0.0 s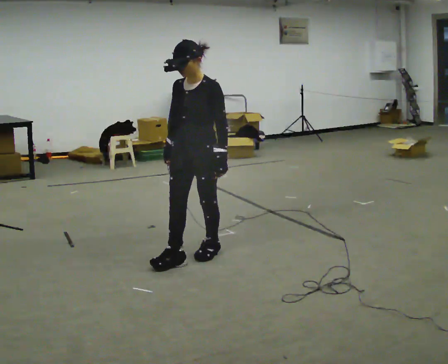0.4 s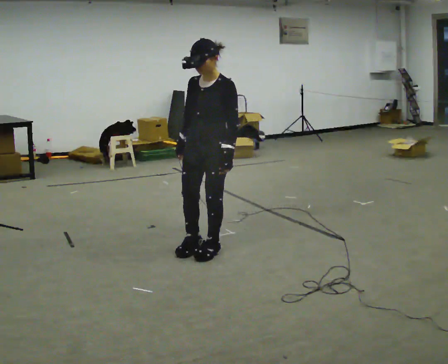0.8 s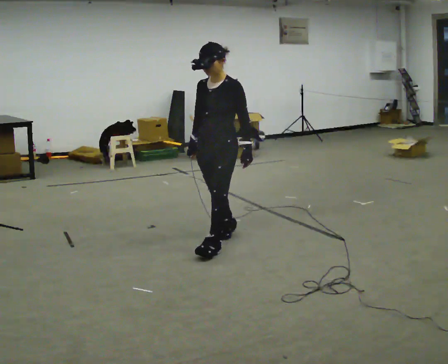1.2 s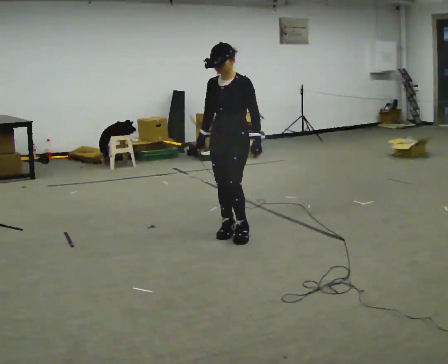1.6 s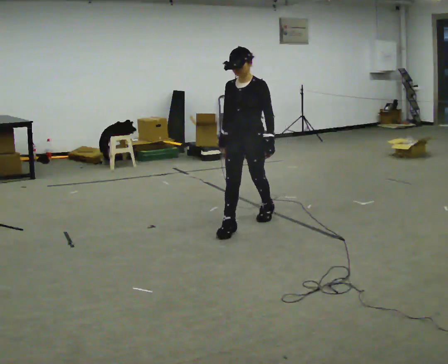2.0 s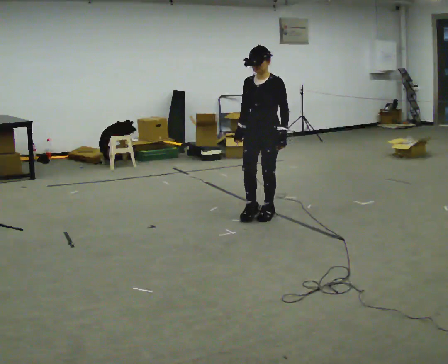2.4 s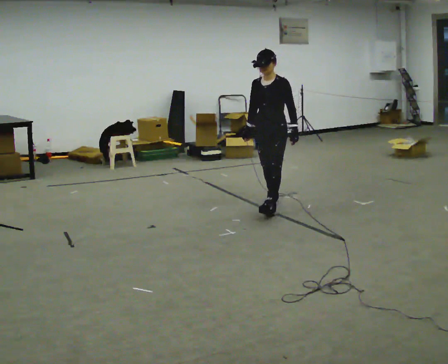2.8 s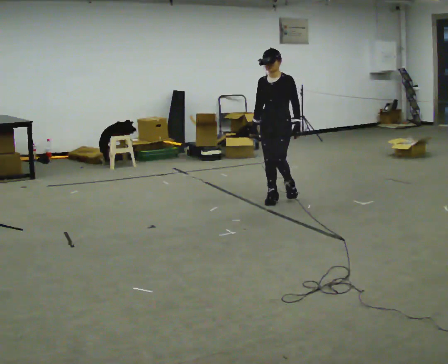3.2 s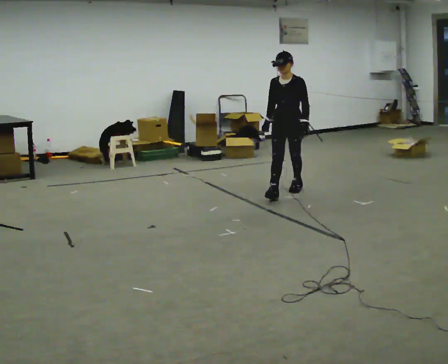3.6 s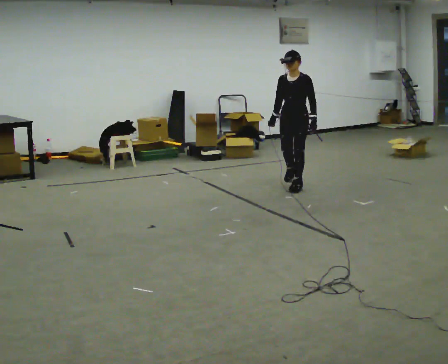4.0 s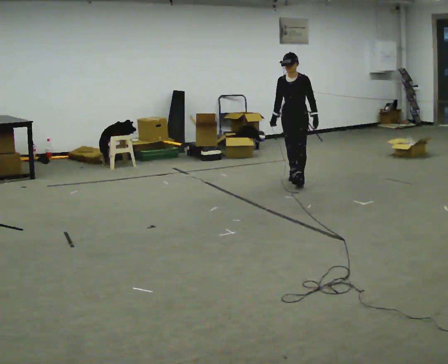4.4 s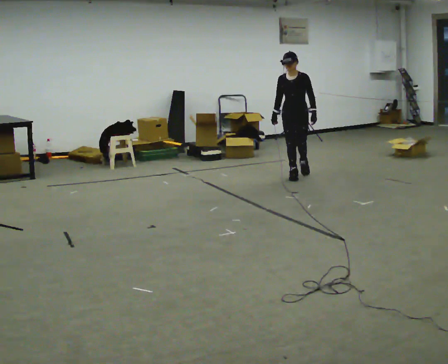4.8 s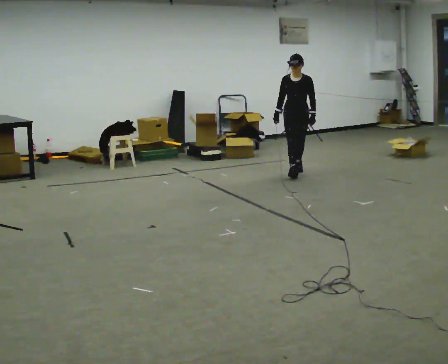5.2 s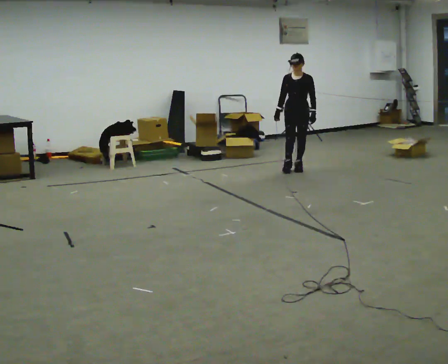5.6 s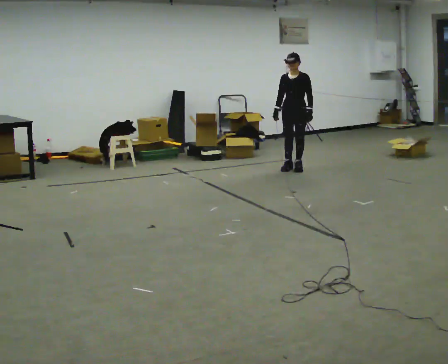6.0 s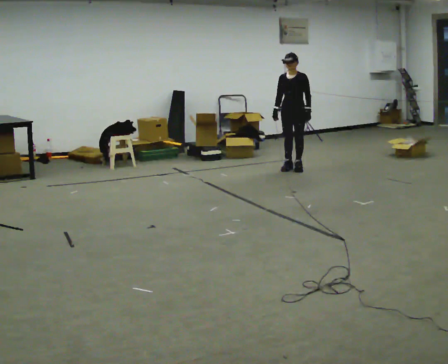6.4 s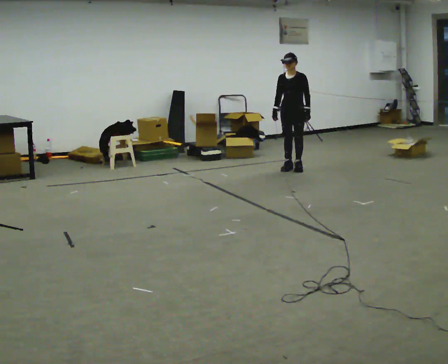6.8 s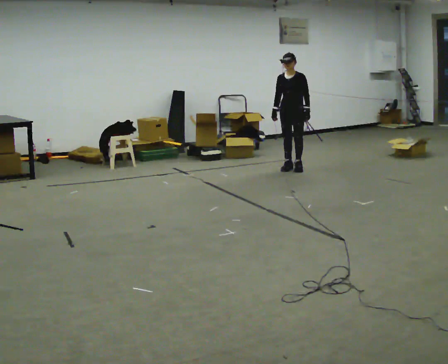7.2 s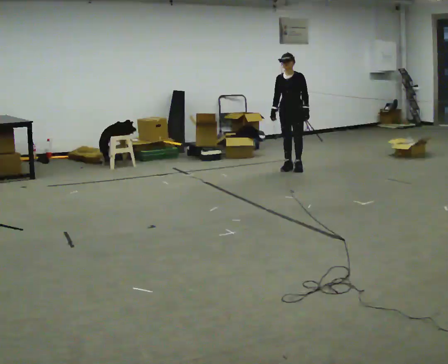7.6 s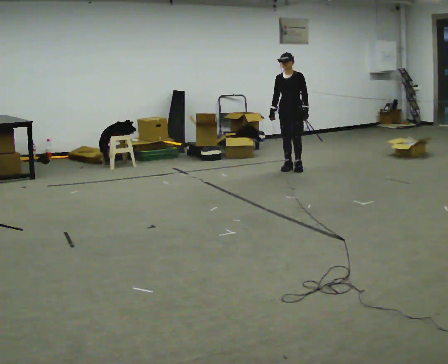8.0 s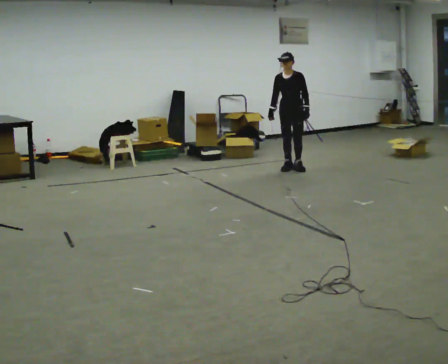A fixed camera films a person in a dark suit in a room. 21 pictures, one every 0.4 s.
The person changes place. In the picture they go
away from the camera.
0.0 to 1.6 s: In the picture they go away from the camera, about 1 m in 2 steps, which for them is backward.
1.6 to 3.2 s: In the picture they go away from the camera, about 1 m in 2 steps, which for them is backward.
3.2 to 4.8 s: In the picture they go away from the camera, about 1 m in 2 steps, which for them is backward.
4.8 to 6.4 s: In the picture they go away from the camera, about 0.25 m in 1 step, which for them is backward.
6.4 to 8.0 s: The person moves a little, or ends about where they began.
The film runs backward here.
